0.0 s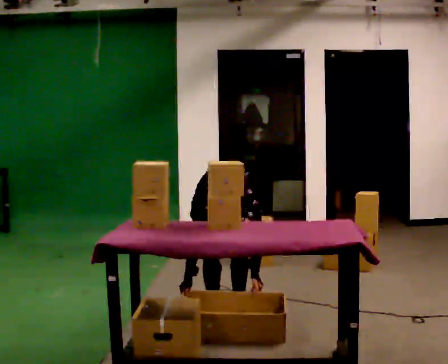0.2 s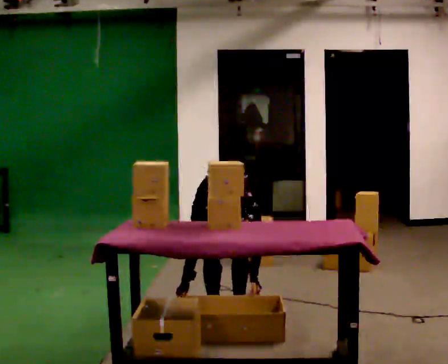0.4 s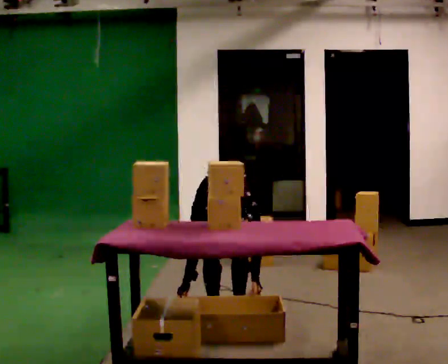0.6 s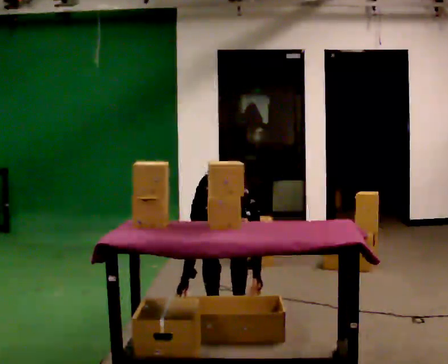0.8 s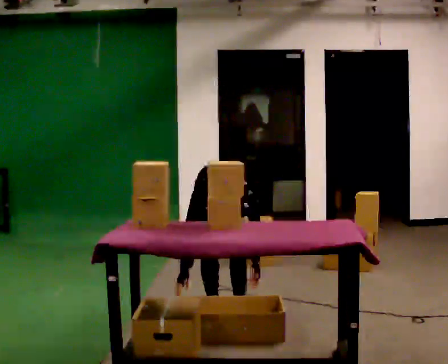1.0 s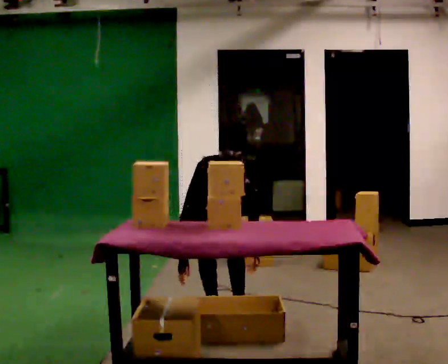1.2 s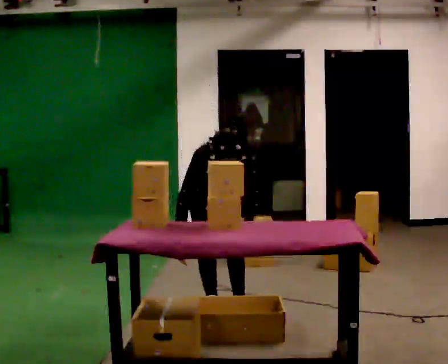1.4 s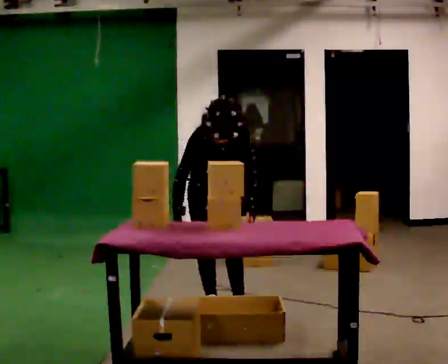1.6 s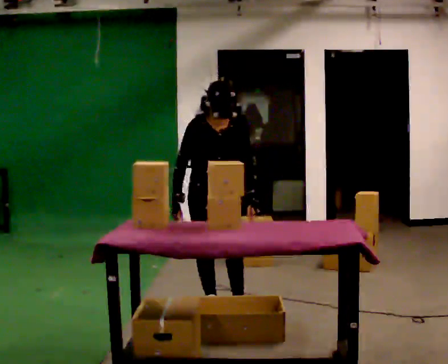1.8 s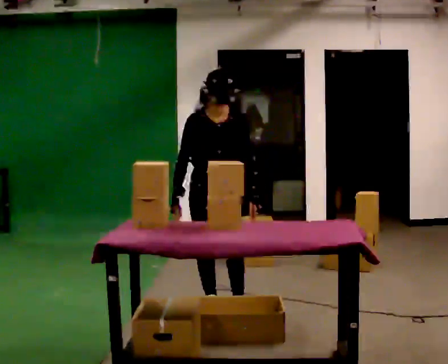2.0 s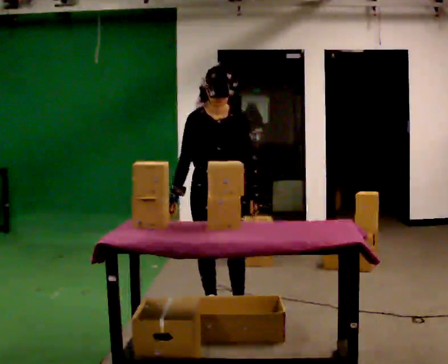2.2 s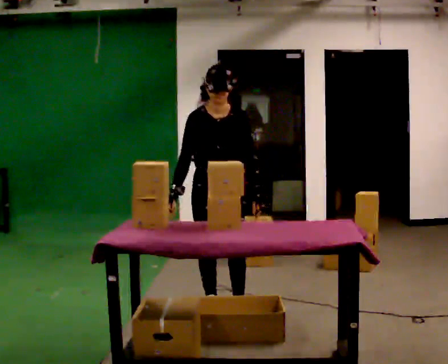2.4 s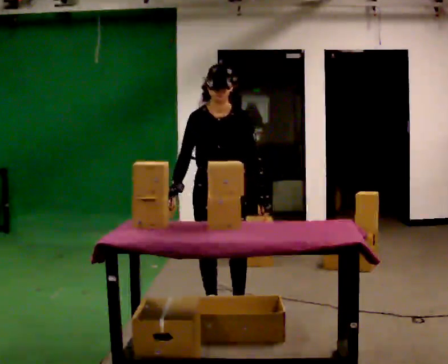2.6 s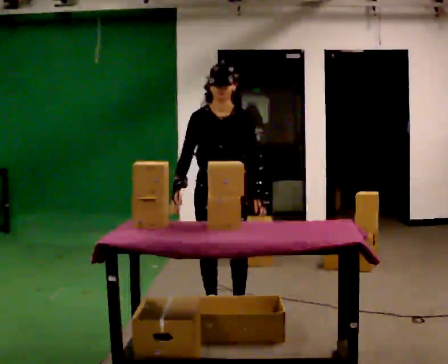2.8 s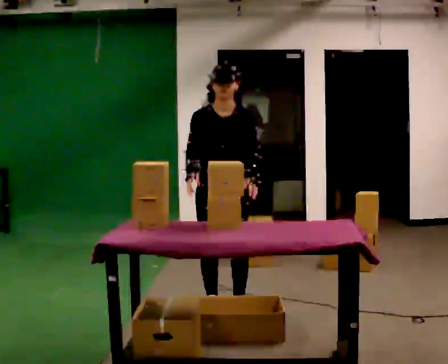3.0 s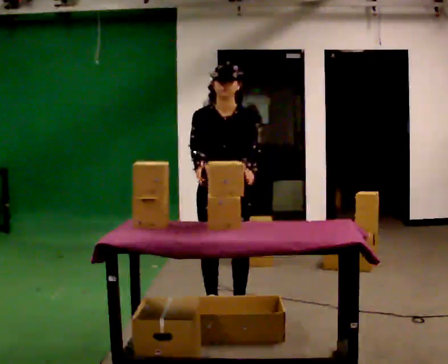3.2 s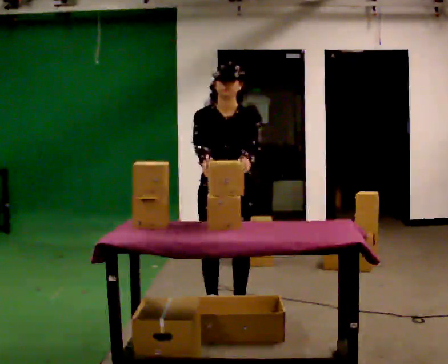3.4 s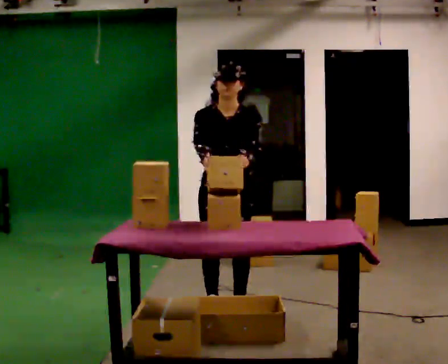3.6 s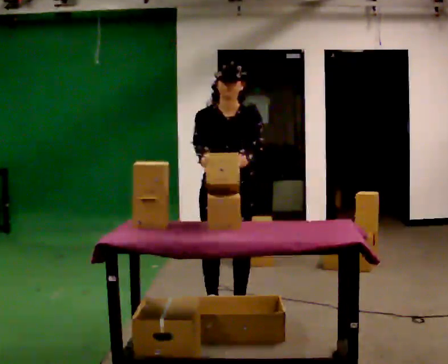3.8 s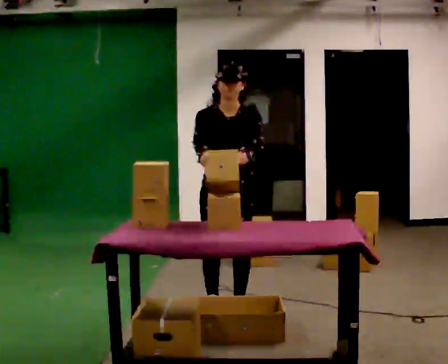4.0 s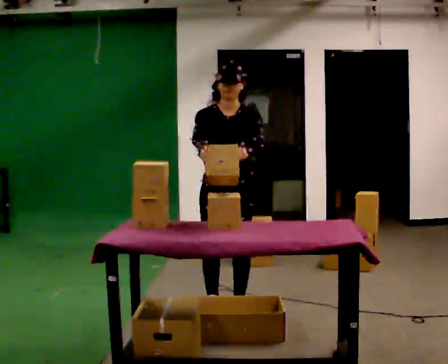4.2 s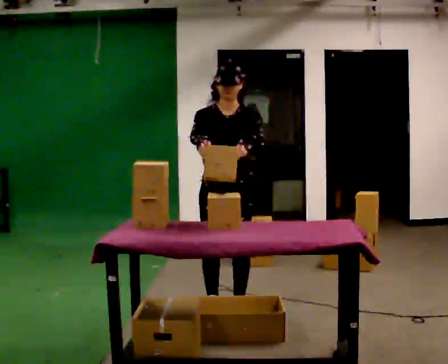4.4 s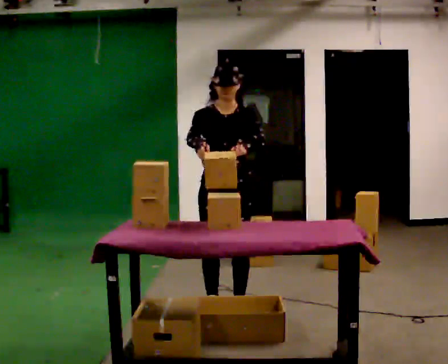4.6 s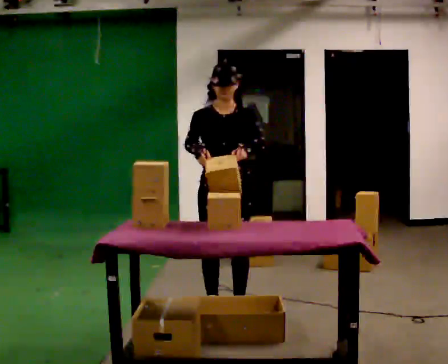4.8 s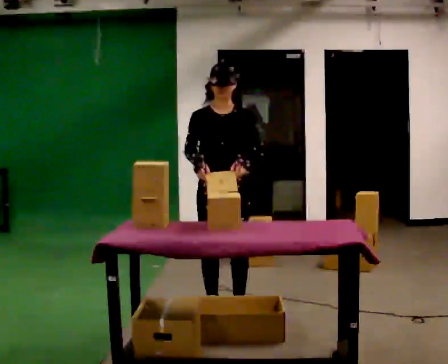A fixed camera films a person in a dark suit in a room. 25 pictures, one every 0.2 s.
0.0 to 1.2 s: The upper body goes upward. The upper body tips away from the camera, its near side rolling upward, as they lean back or straighten.
1.2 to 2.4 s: In the picture they go toward the camera, about 0.25 m, which for them is forward. The upper body goes upward. The upper body tips away from the camera, its near side rolling upward, as they lean back or straighten.
2.4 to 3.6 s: In the picture their left hand goes upward.
3.6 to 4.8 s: The person moves a little, or ends about where they began.
The film runs backward here.
